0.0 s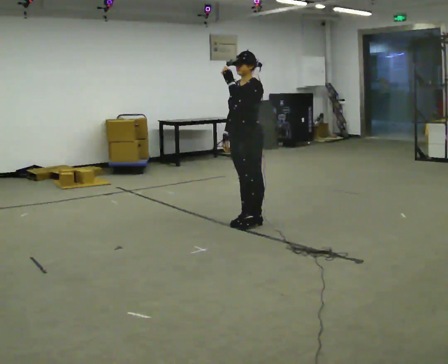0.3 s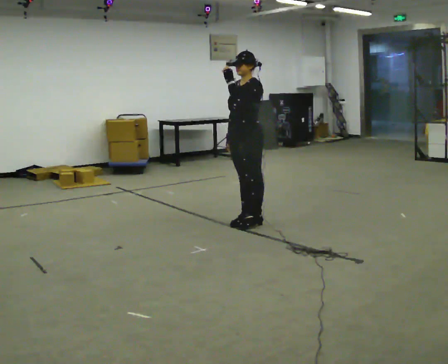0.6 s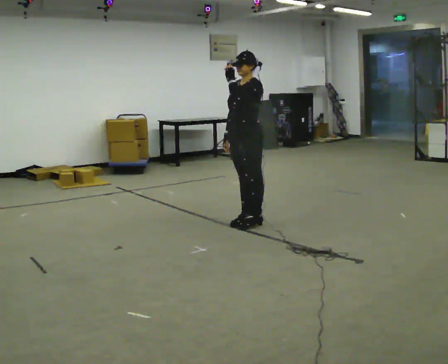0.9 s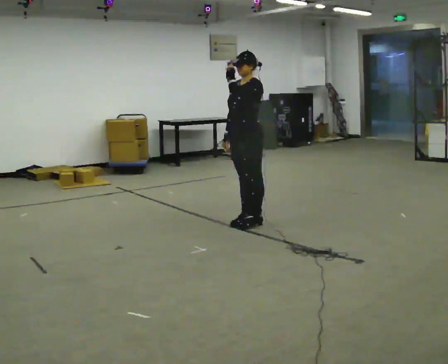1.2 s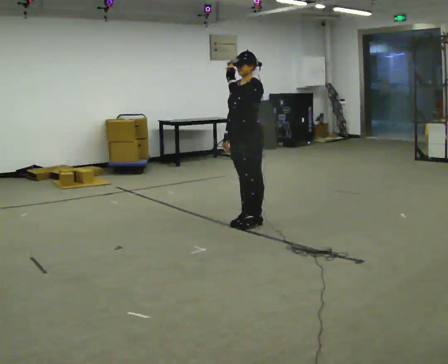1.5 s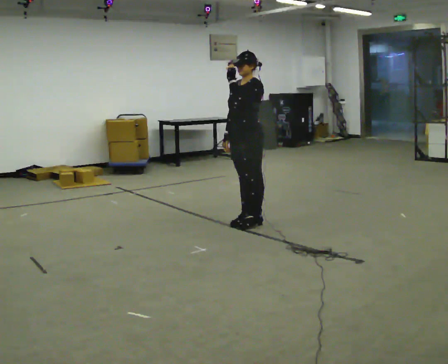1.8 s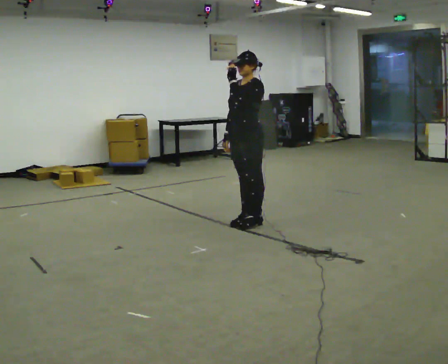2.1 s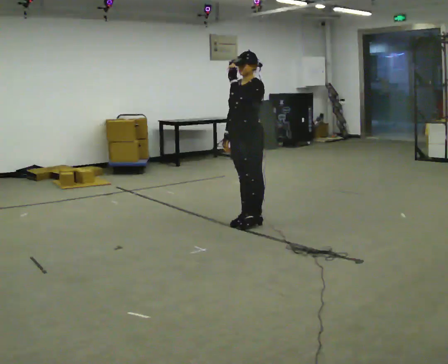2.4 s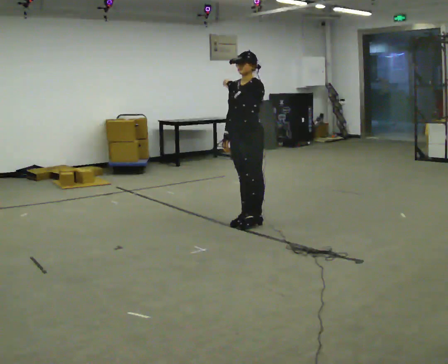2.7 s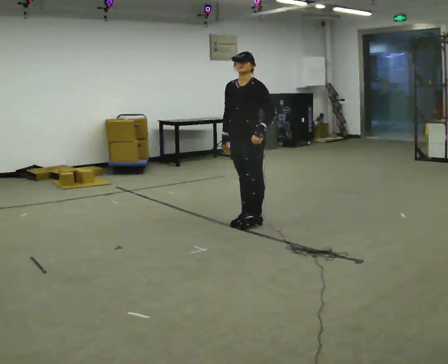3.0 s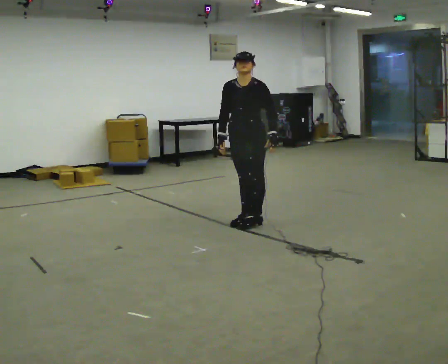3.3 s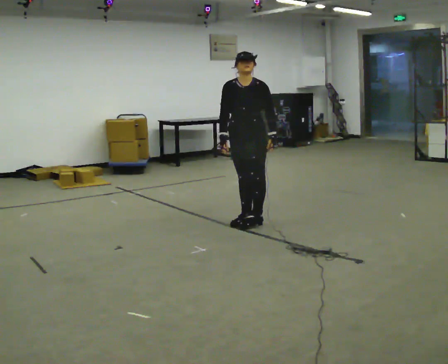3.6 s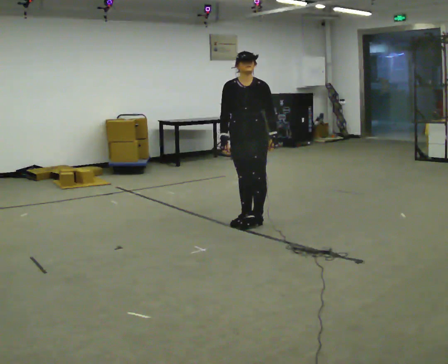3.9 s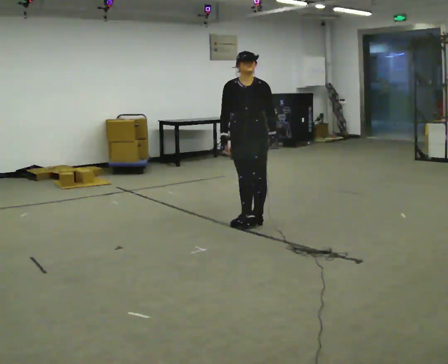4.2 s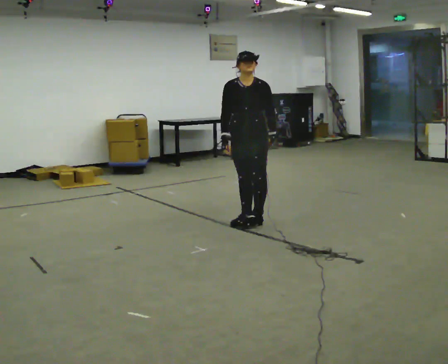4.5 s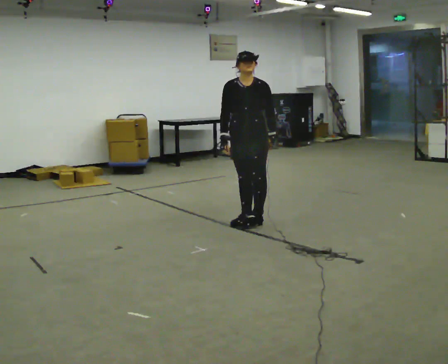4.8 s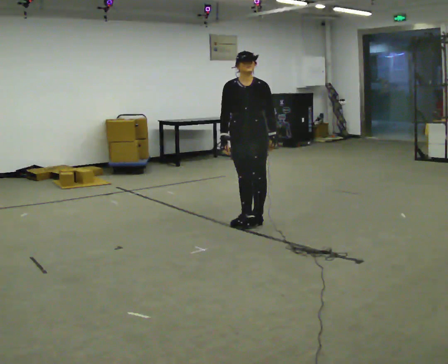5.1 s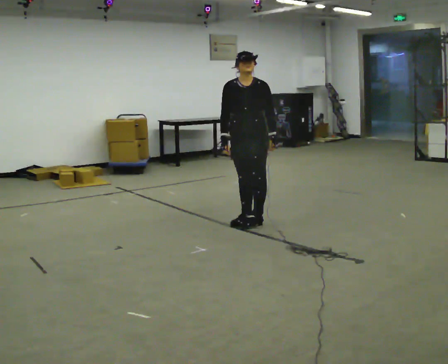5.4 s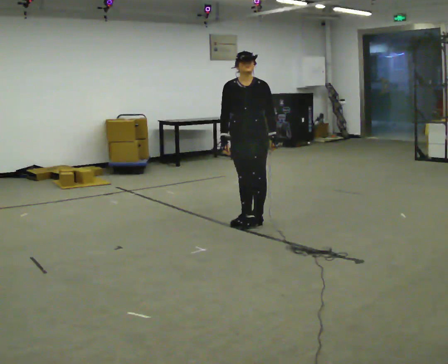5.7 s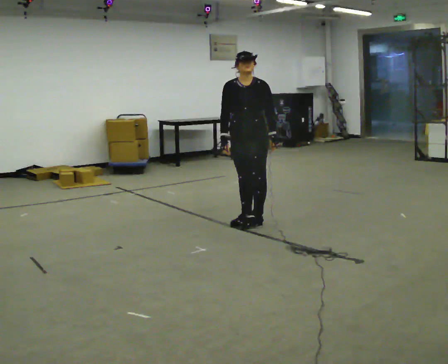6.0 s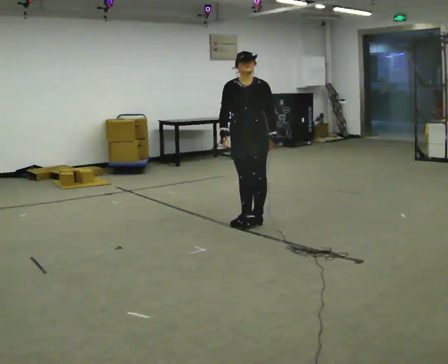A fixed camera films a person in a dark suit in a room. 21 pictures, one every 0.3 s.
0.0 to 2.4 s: The person moves a little, or ends about where they began.
2.4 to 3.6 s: The person turns about 30 degrees to their left, counterclockwise seen from above, so the part of the body nearest the lens slides to the right. In the picture their left hand goes downward and to the right.
3.6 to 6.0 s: The person moves a little, or ends about where they began.
The film runs forward here.
